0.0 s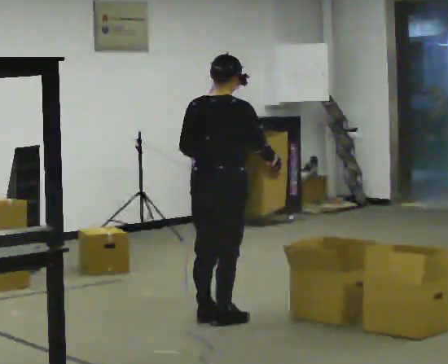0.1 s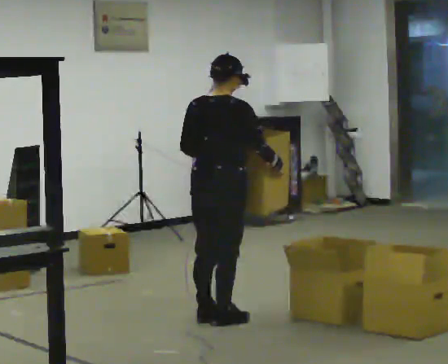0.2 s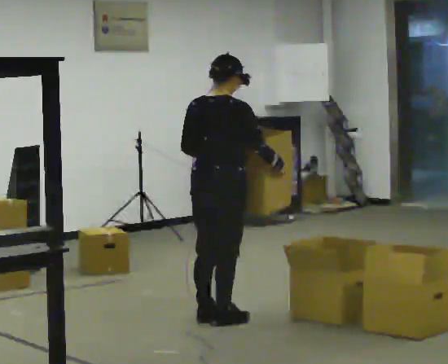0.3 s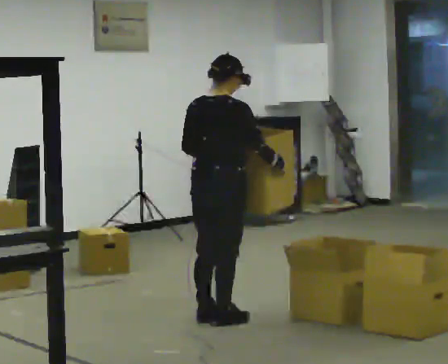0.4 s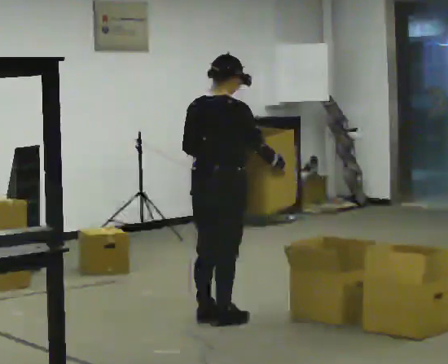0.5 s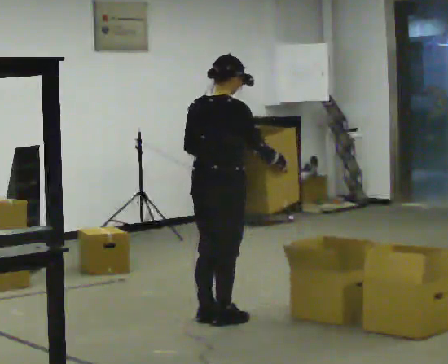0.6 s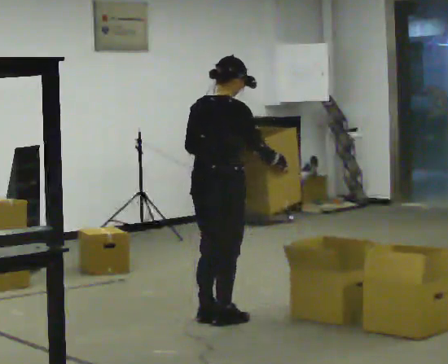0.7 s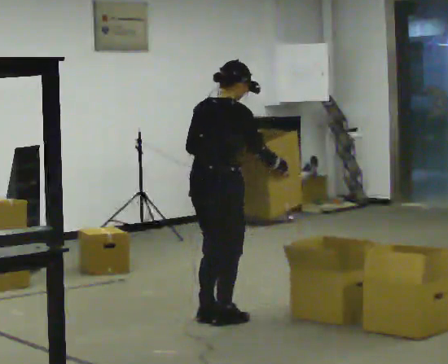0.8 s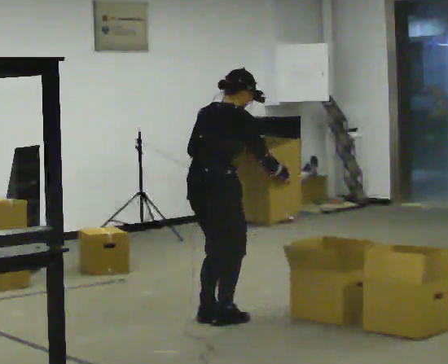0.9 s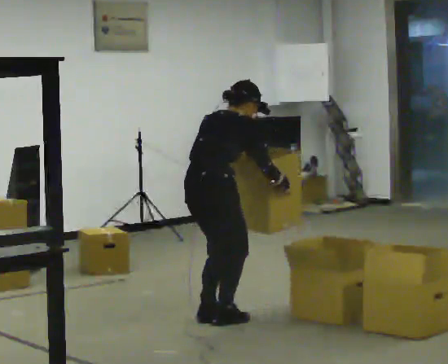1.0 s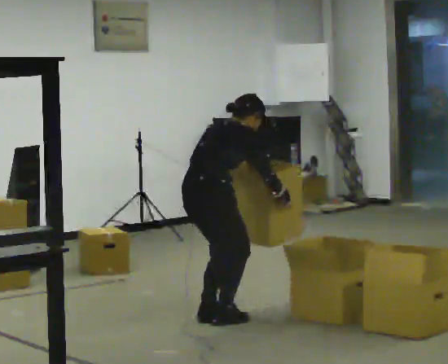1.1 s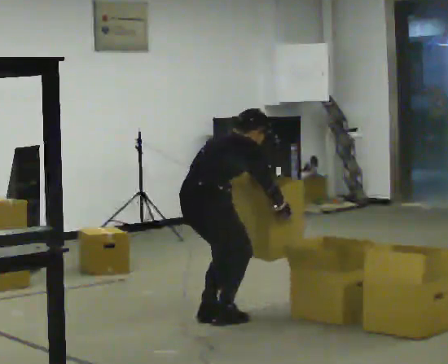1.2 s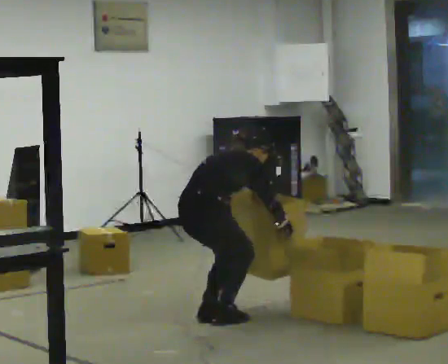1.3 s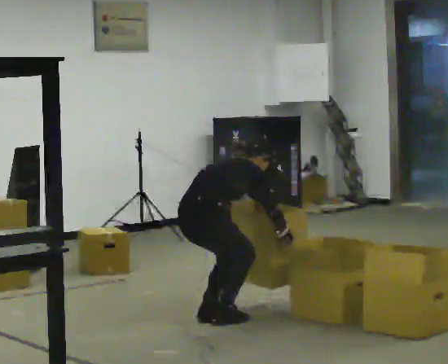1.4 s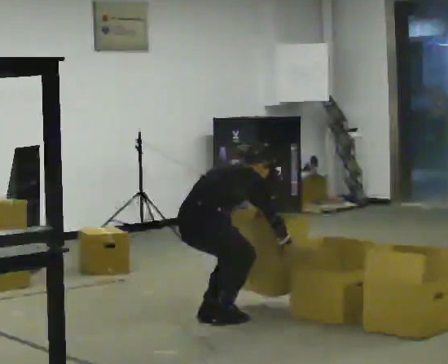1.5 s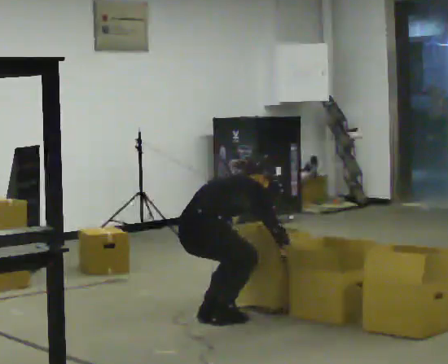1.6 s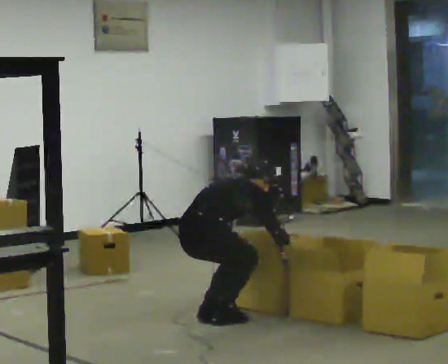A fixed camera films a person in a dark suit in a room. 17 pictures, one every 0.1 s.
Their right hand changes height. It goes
downward.
Their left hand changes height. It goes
downward.
0.0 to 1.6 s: The upper body goes downward. The upper body tips away from the camera, its near side rolling upward, as they bend forward. In the picture their left hand goes downward.
The film runs backward here.
